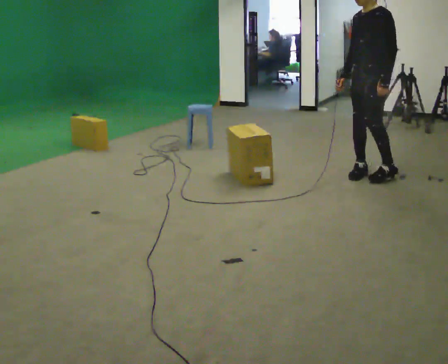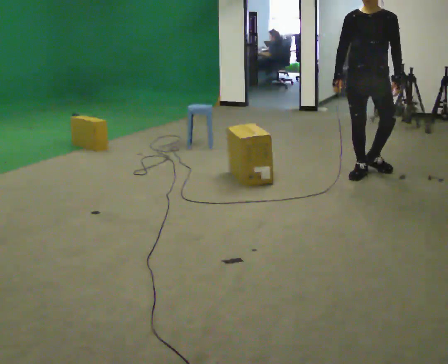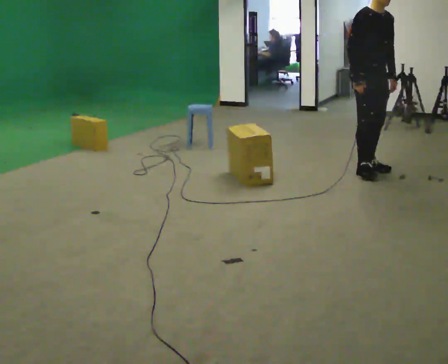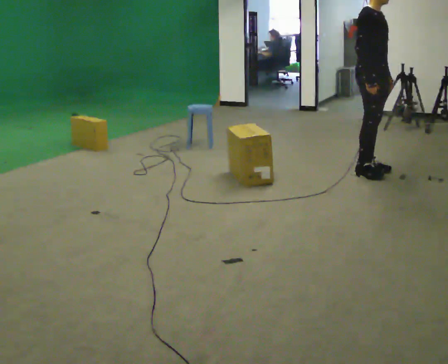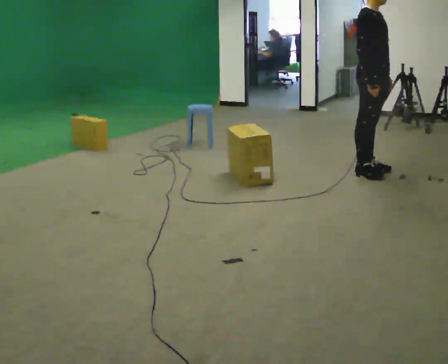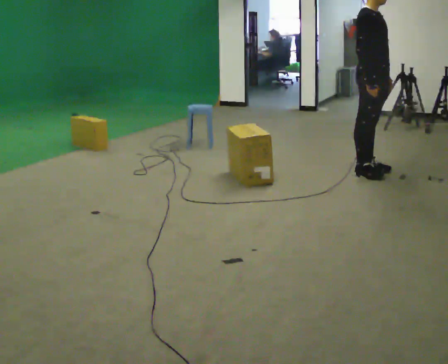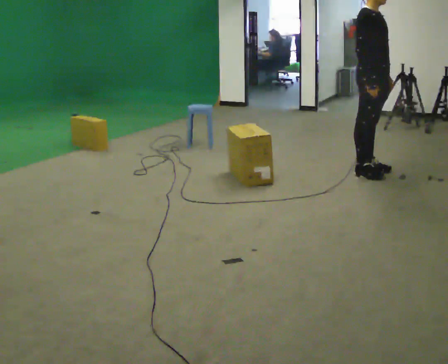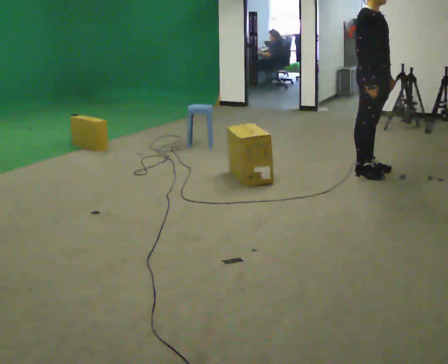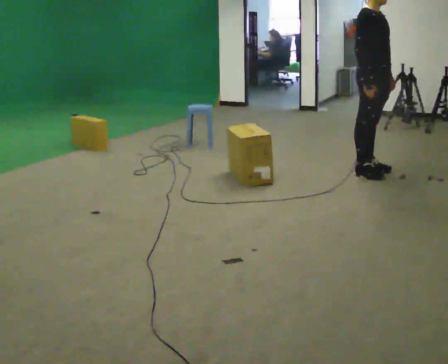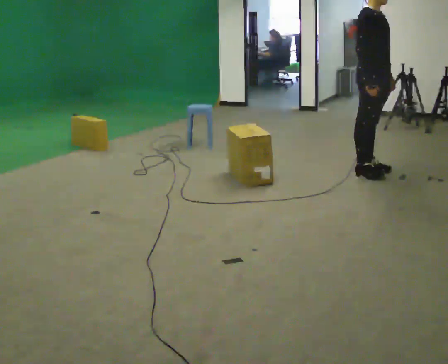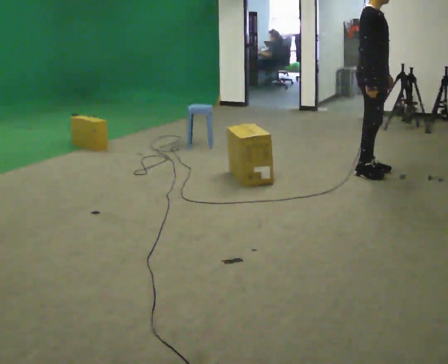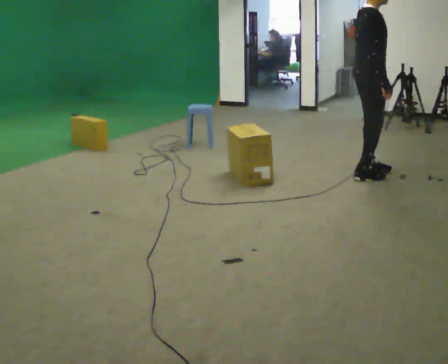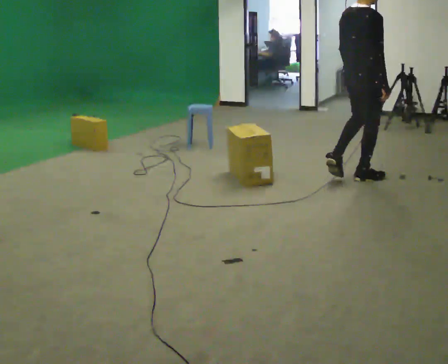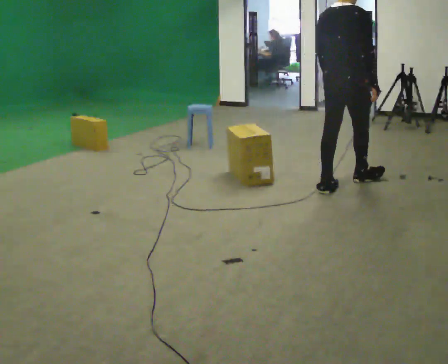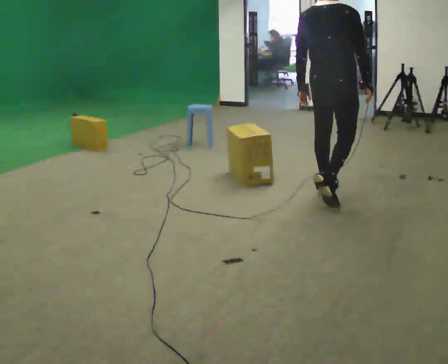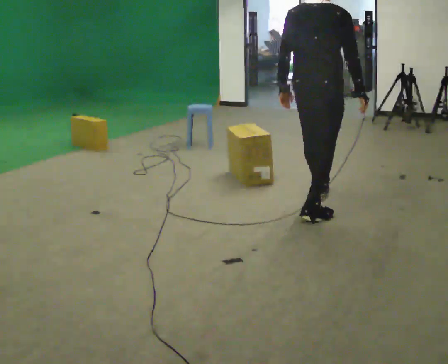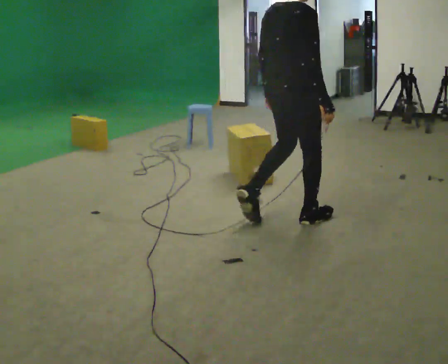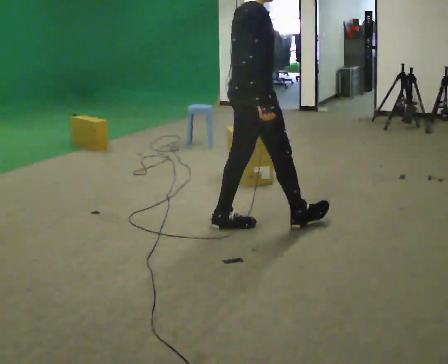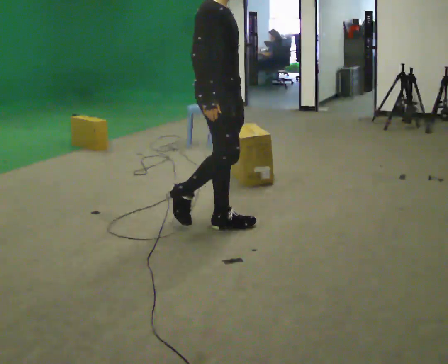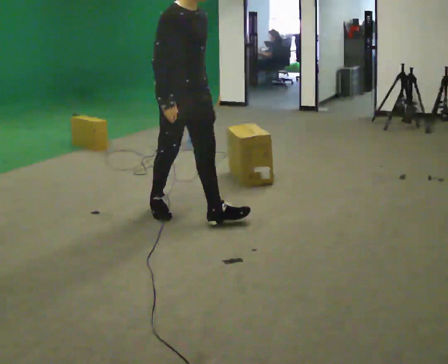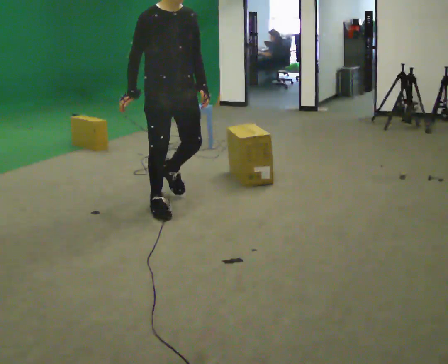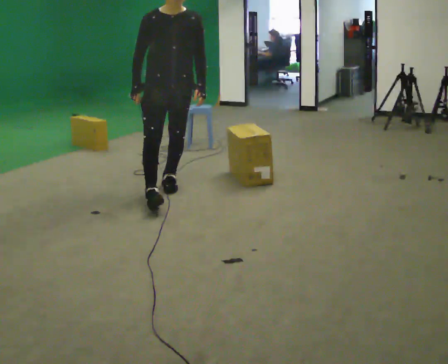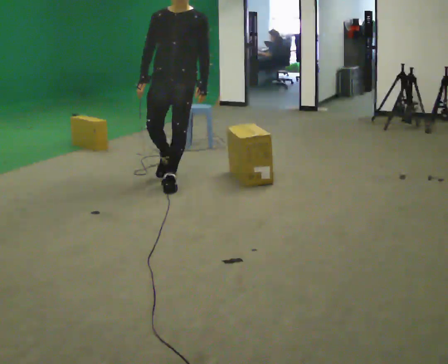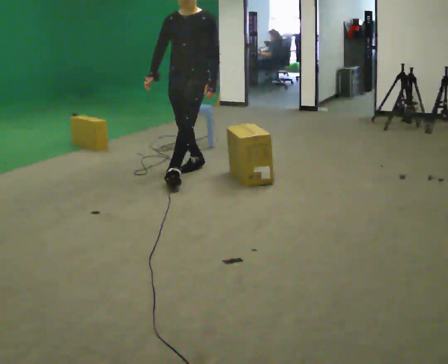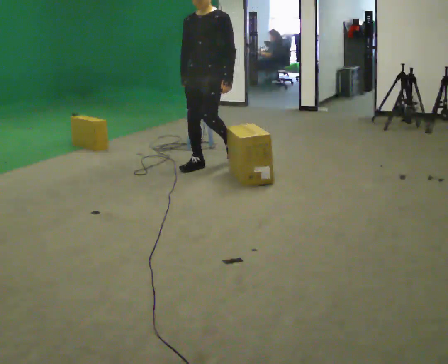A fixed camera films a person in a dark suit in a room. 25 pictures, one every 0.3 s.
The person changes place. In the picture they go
to the left.
The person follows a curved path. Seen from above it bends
clockwise.
0.0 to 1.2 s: The part of the body nearest the lens slides to the right as the person turns to their left by about 120 degrees.
1.2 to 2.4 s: The person moves a little, or ends about where they began.
2.4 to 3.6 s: The part of the body nearest the lens slides to the right as the person turns to their left by about 60 degrees. In the picture they go toward the camera, about 0.25 m in 2 steps.
3.6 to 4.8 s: In the picture they go toward the camera and to the left, about 1 m in 2 steps, which for them is backward.
4.8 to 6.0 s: The person turns about 90 degrees to their right, clockwise seen from above, so the part of the body nearest the lens slides to the left. In the picture they go to the left, about 1 m in 2 steps.
6.0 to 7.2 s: The person turns about 60 degrees to their right, clockwise seen from above, so the part of the body nearest the lens slides to the left. In the picture they go away from the camera, about 1 m in 2 steps.
The film runs backward here.
